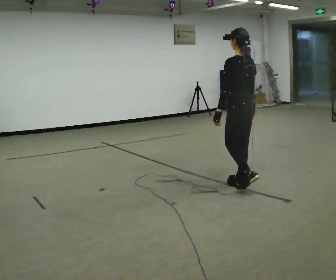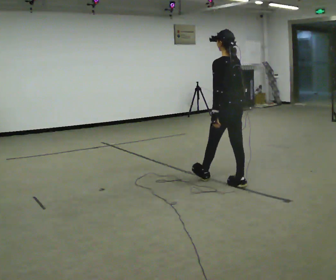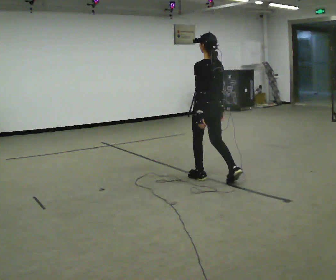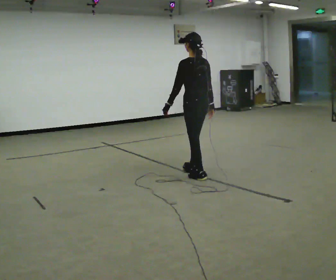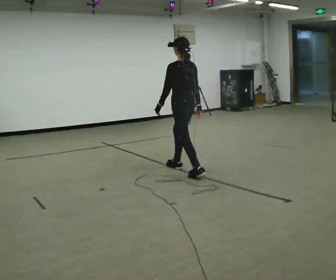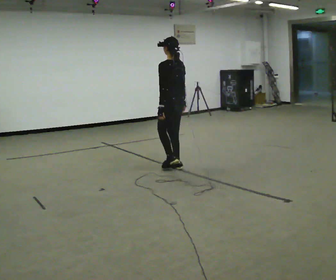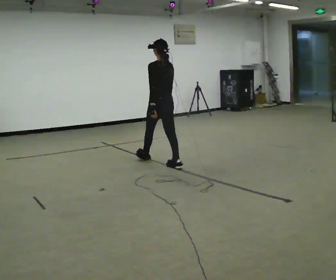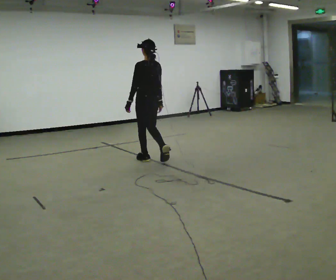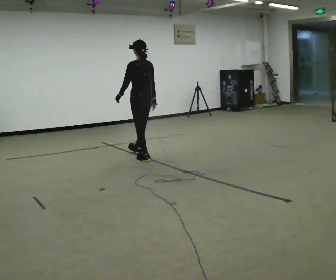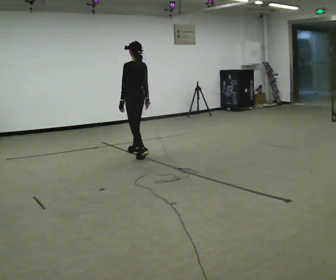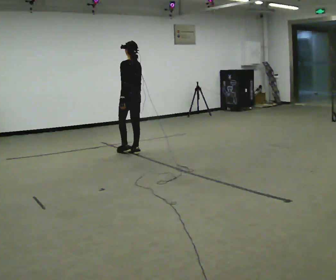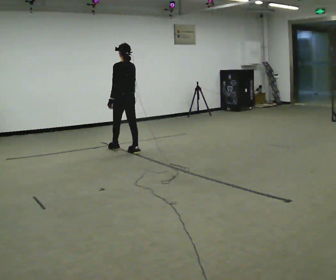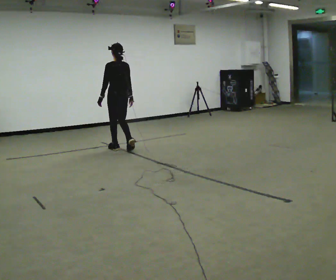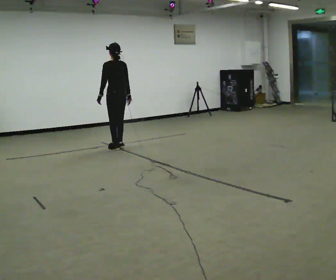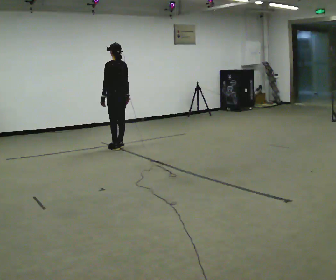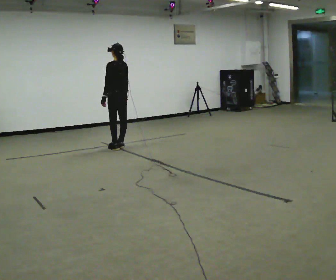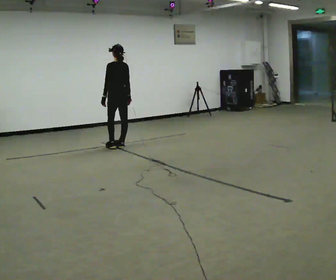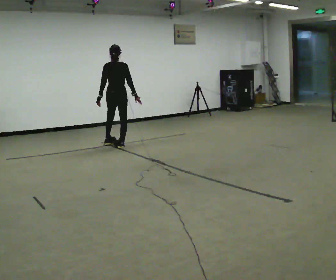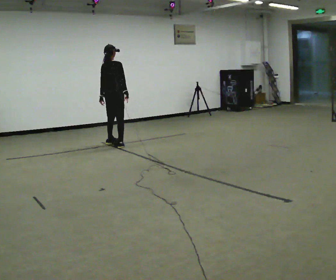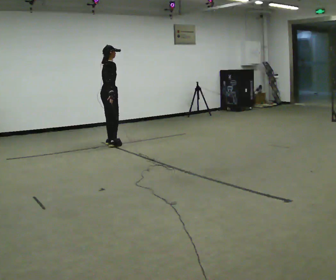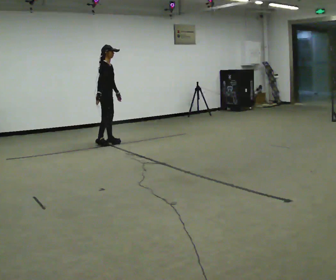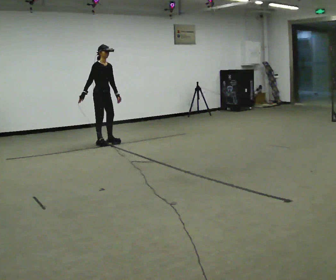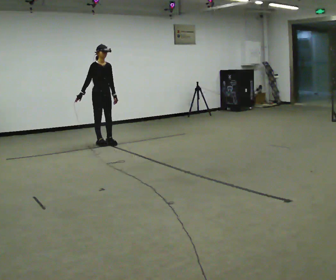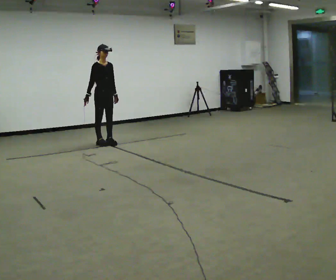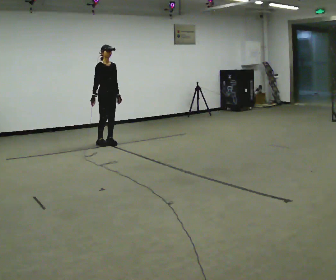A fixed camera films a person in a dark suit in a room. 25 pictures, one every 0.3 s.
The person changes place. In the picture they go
away from the camera.
0.0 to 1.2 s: In the picture they go away from the camera and to the left, about 1 m in 2 steps, which for them is forward.
1.2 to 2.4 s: In the picture they go away from the camera and to the left, about 1 m in 1 step, which for them is forward.
2.4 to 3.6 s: In the picture they go away from the camera and to the left, about 0.75 m in 2 steps, which for them is forward.
3.6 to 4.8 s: In the picture they go away from the camera, about 0.25 m in 1 step, which for them is forward.
4.8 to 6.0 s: The person turns about 135 degrees to their right, clockwise seen from above, so the part of the body nearest the lens slides to the left. In the picture they go away from the camera and to the left, about 0.25 m in 1 step.
6.0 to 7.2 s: Seen from above the body turns clockwise, about 30 degrees: to their right, with its near side sliding to the left.
The film runs forward here.
